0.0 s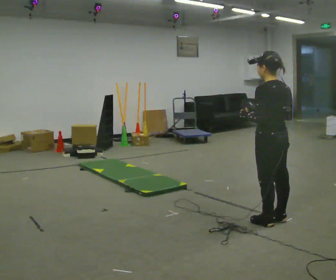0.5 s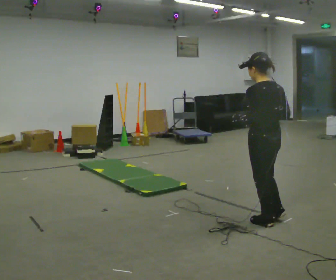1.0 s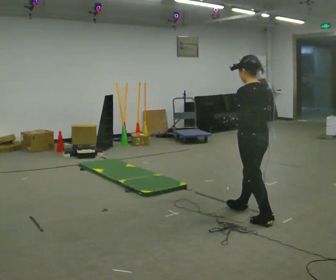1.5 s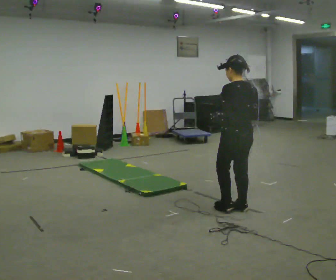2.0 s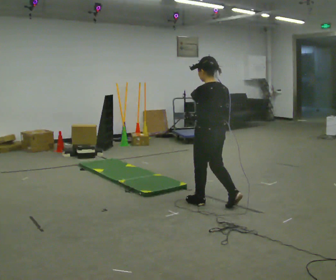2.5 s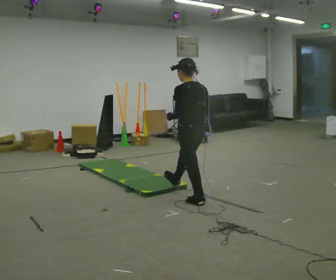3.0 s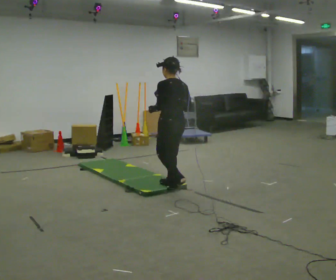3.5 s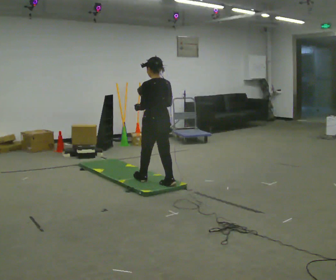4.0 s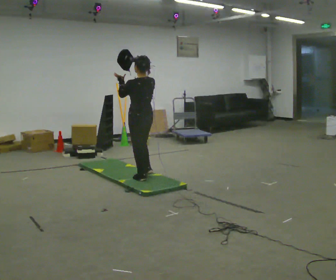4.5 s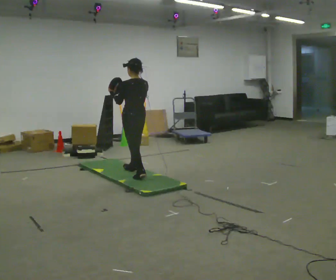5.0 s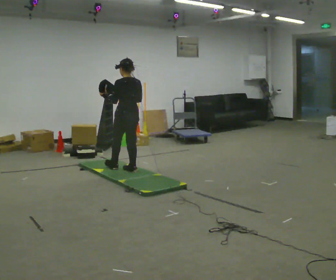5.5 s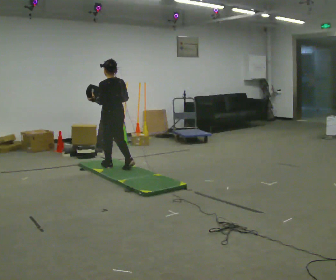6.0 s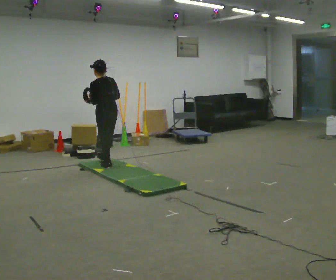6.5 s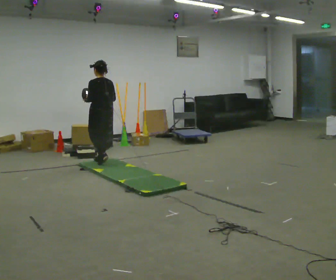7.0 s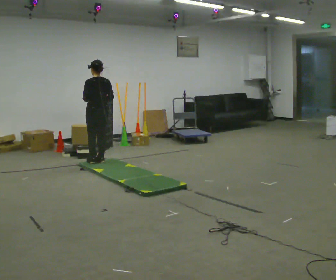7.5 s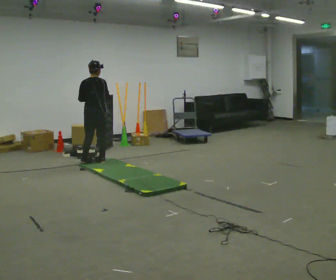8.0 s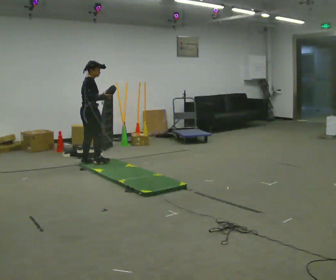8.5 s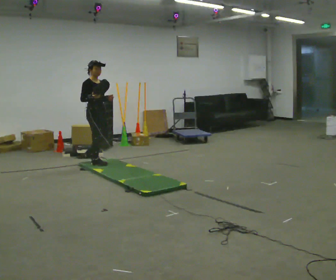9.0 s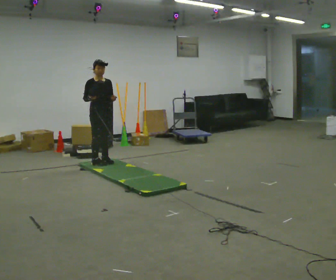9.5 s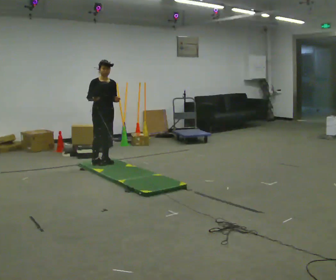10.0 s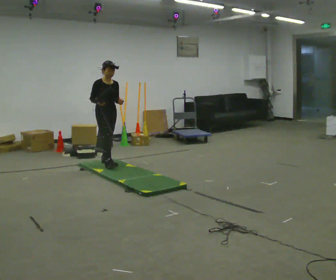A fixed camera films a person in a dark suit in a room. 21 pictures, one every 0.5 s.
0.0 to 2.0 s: In the picture they go away from the camera and to the left, about 0.5 m in 2 steps, which for them is forward.
2.0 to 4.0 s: In the picture they go away from the camera and to the left, about 1 m in 2 steps, which for them is forward.
4.0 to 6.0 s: In the picture they go away from the camera and to the left, about 1 m in 2 steps, which for them is forward.
6.0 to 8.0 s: The person turns about 105 degrees to their right, clockwise seen from above, so the part of the body nearest the lens slides to the left. In the picture they go to the left and away from the camera, about 0.25 m in 2 steps.
8.0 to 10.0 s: The part of the body nearest the lens slides to the left as the person turns to their right by about 75 degrees. In the picture they go to the right, about 0.25 m in 1 step.
The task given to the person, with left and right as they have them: Hold the object and walk back and forth. It may slip. Try to catch it if you can, but let it go rather than lurching after it.
The film runs forward here.
